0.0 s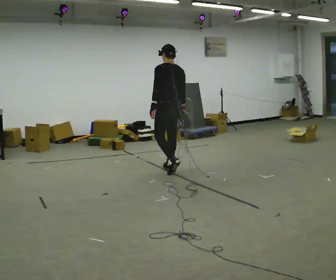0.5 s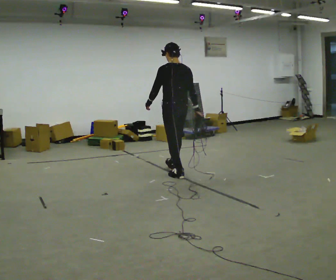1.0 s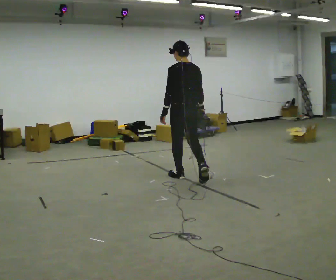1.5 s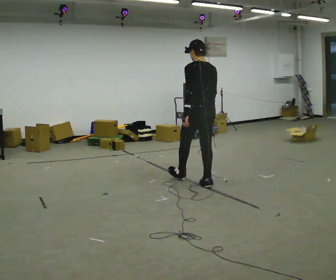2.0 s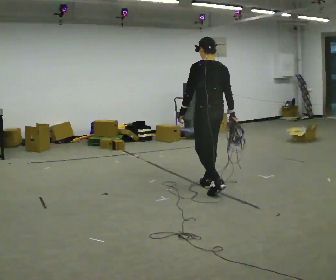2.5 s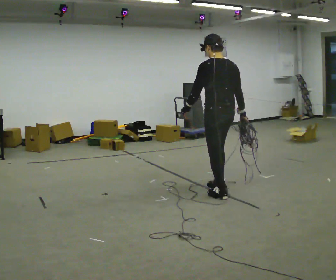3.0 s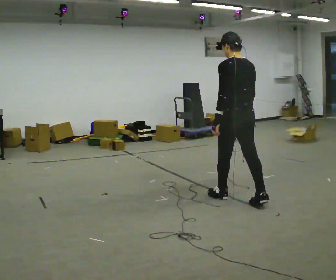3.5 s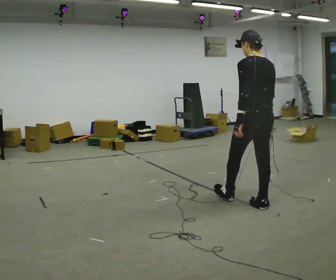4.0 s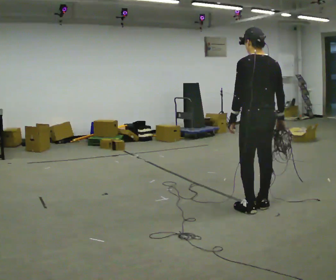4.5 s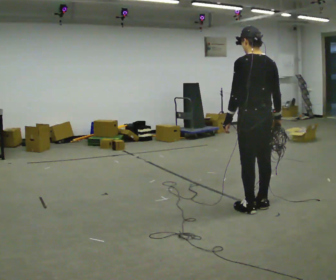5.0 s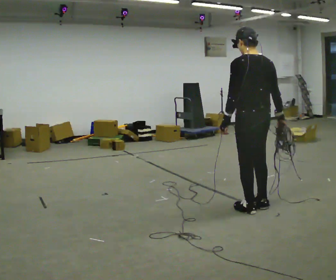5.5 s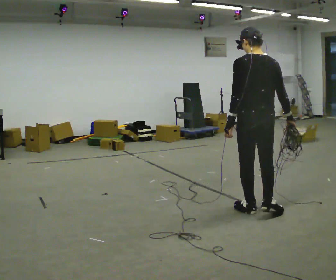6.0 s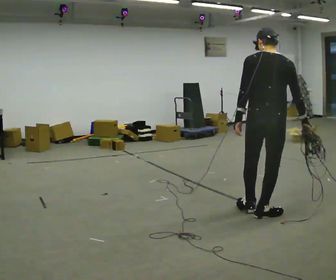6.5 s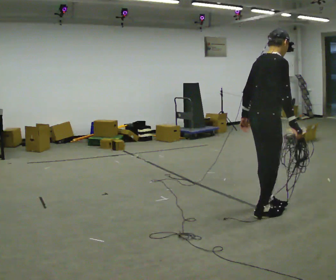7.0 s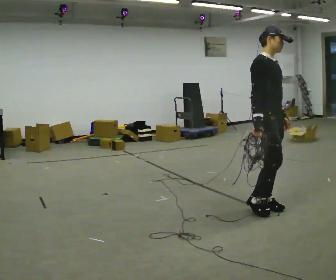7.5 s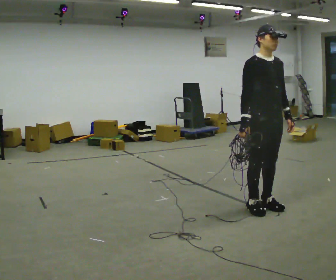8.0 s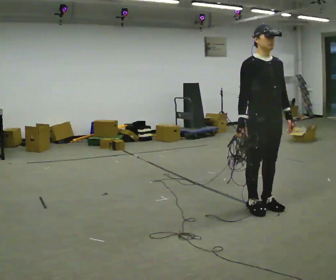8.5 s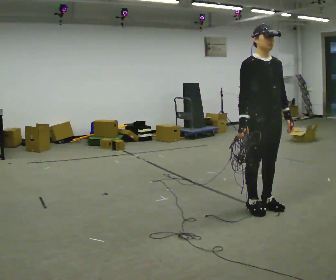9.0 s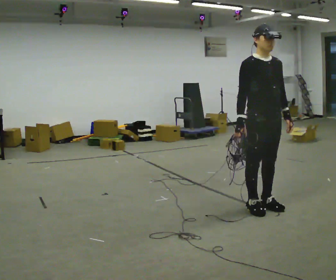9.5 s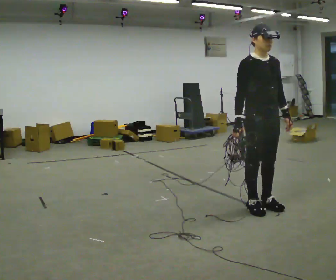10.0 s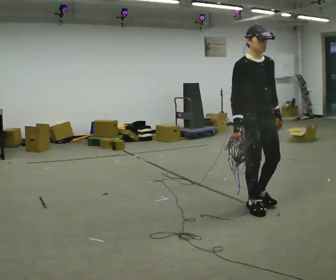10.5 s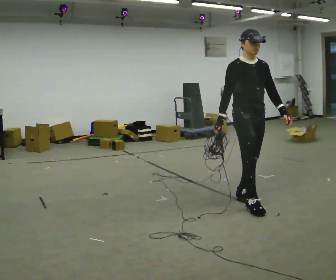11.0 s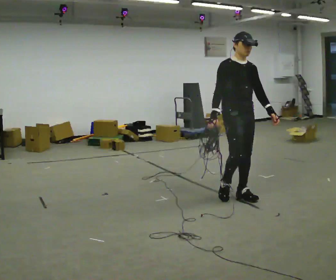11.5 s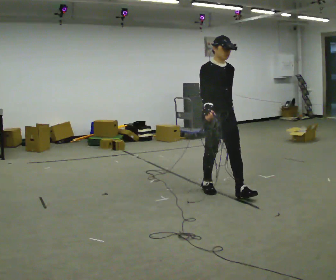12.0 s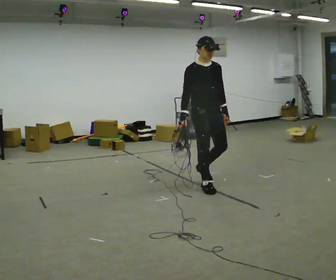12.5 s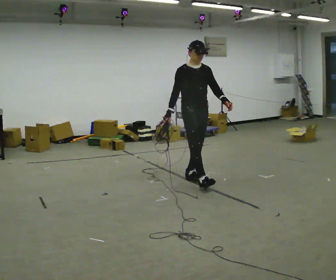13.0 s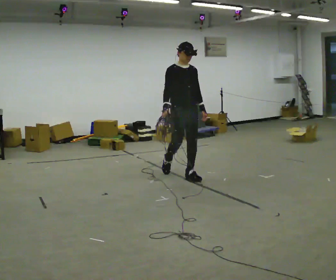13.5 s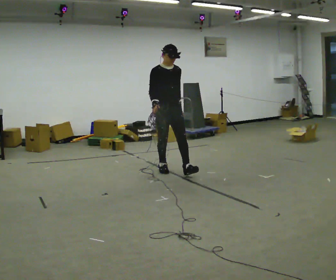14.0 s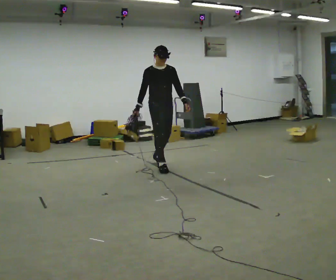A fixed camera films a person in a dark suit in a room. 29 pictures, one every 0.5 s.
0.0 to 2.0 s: In the picture they go to the right and toward the camera, about 1 m in 2 steps, which for them is backward.
2.0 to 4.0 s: In the picture they go to the right and toward the camera, about 1 m in 2 steps, which for them is backward.
4.0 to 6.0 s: The part of the body nearest the lens slides to the left as the person turns to their right by about 30 degrees. In the picture they go toward the camera, about 0.25 m in 2 steps, which for them is backward.
6.0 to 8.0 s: The part of the body nearest the lens slides to the left as the person turns to their right by about 150 degrees. In the picture they go away from the camera, about 0.25 m in 1 step. In the picture their left hand goes to the right, the arm swinging counterclockwise.
8.0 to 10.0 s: The person moves a little, or ends about where they began.
10.0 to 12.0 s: In the picture they go to the left and away from the camera, about 1 m in 2 steps, which for them is backward.
12.0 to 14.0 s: In the picture they go to the left and away from the camera, about 1 m in 2 steps, which for them is backward.
The film runs backward here.
